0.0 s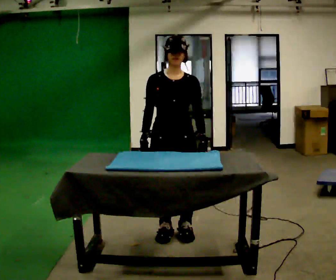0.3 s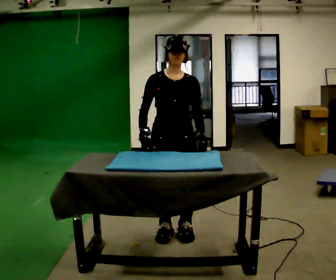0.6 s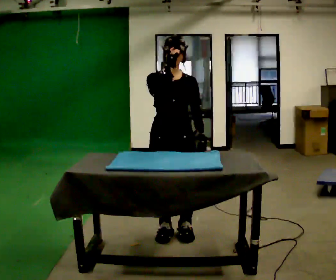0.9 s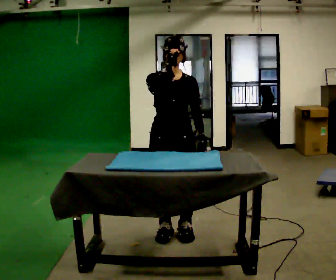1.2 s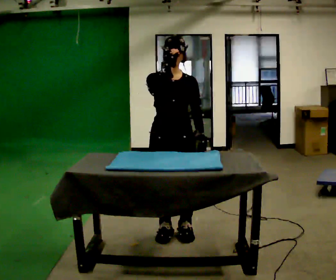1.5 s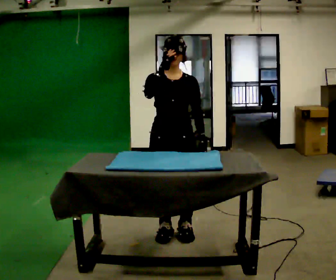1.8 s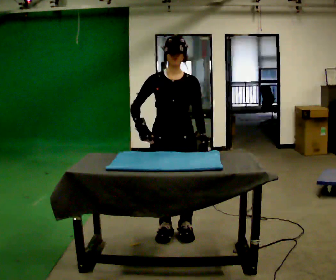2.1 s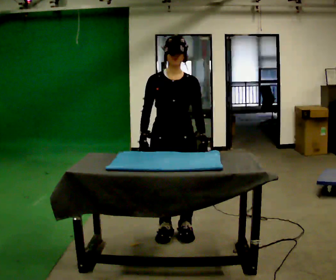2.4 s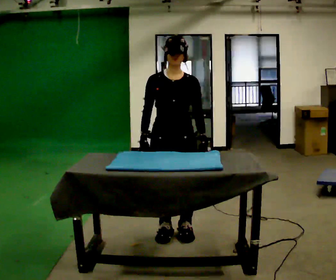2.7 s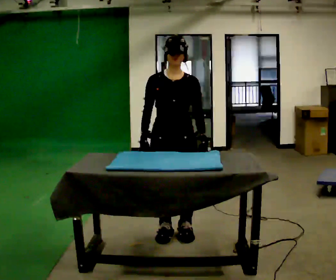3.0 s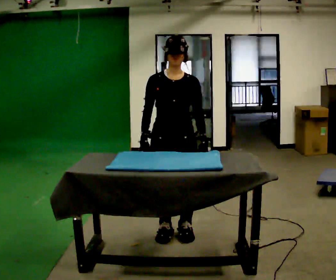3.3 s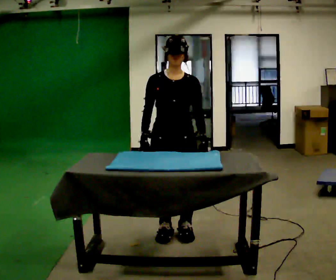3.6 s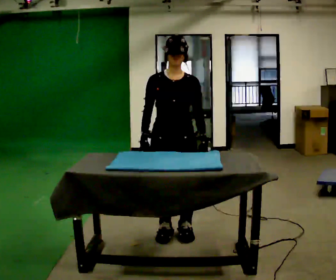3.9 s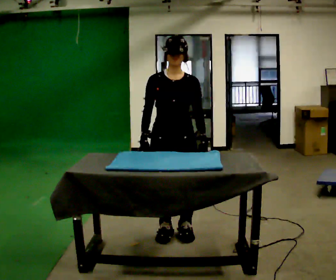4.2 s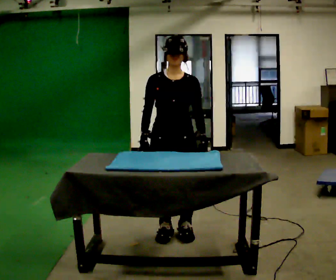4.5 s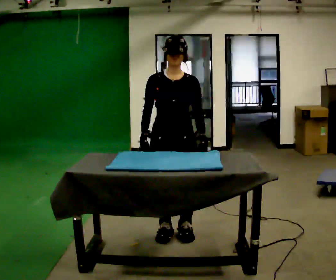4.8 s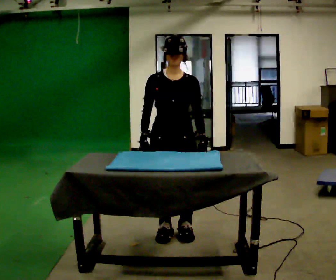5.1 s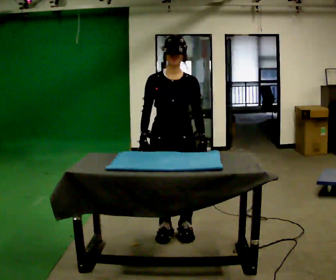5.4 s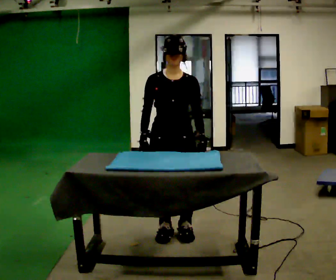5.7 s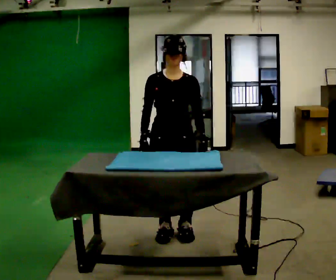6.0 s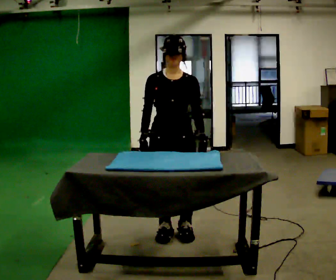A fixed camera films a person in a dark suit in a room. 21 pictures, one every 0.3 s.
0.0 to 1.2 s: In the picture their right hand goes upward.
1.2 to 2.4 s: In the picture their right hand goes downward.
2.4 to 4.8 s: The person keeps their place and pose.
4.8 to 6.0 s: The person moves a little, or ends about where they began.
The film runs backward here.
